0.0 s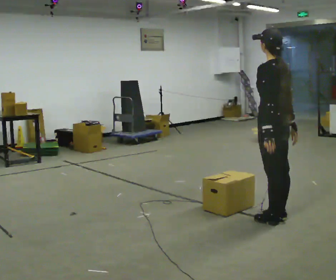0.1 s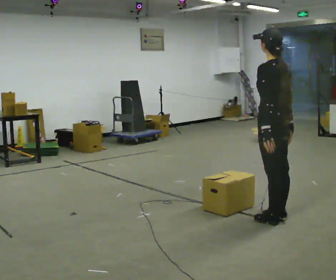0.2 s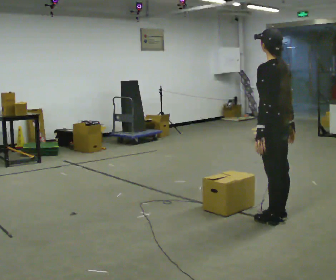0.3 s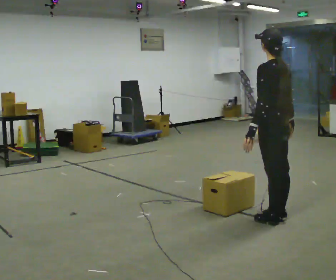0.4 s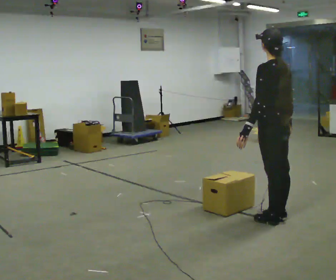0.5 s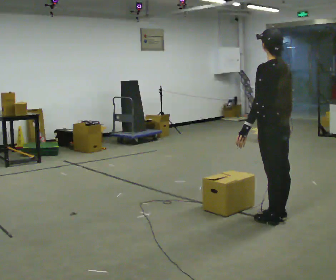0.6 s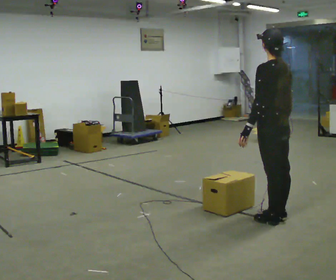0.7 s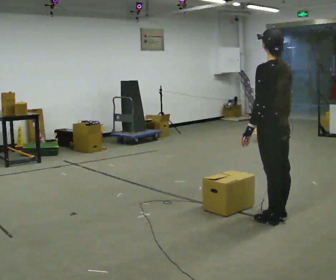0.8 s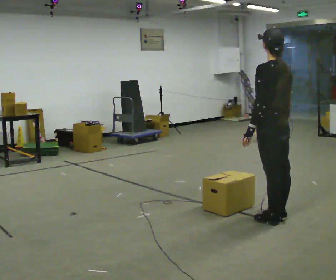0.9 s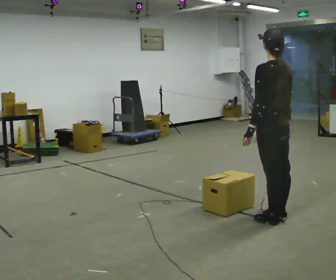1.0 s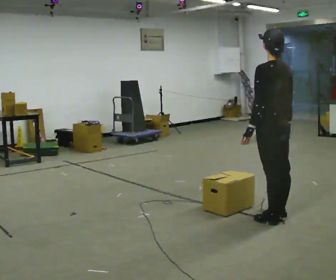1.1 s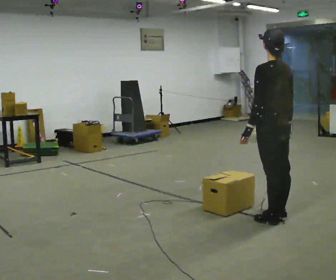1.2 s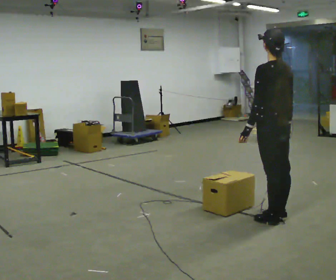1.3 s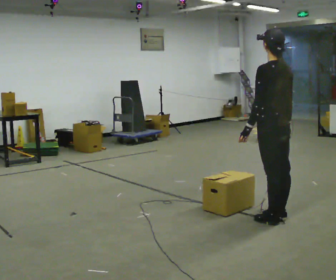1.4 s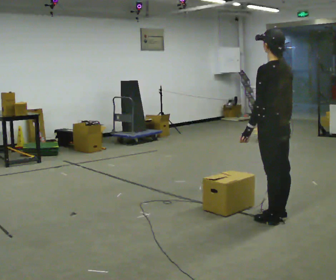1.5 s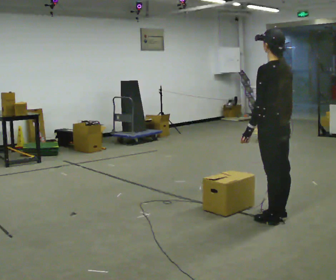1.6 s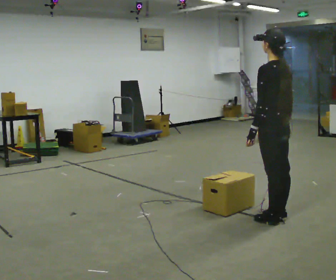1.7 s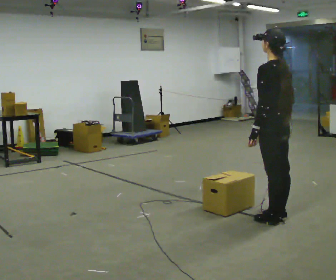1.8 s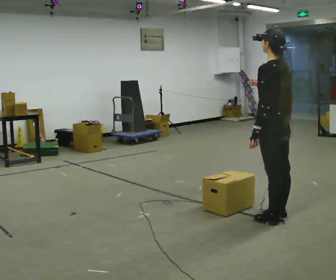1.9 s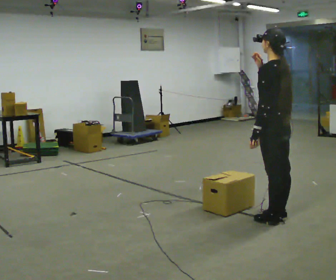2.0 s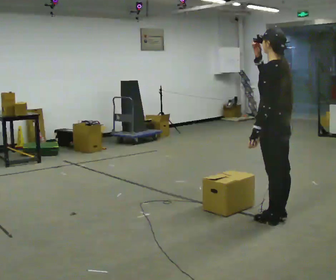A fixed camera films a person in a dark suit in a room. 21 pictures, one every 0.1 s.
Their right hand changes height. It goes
upward.
0.0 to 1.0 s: The person moves a little, or ends about where they began.
1.0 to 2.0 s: In the picture their right hand goes upward.
The film runs forward here.
